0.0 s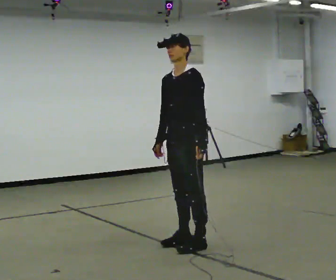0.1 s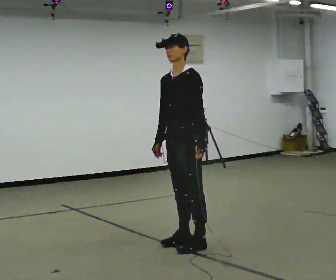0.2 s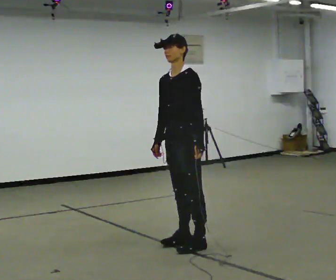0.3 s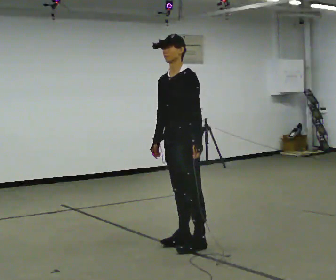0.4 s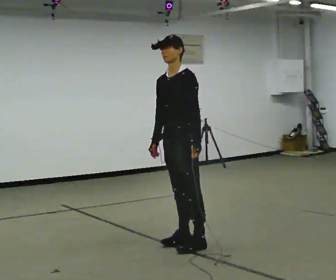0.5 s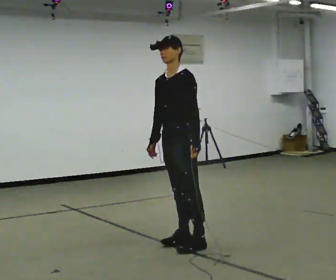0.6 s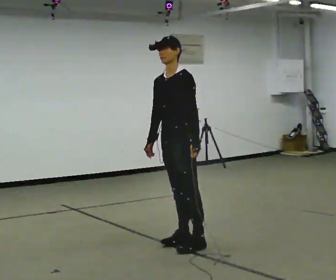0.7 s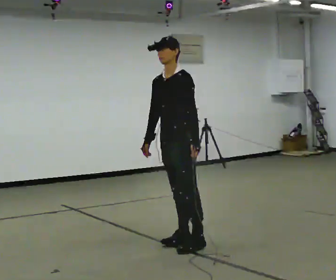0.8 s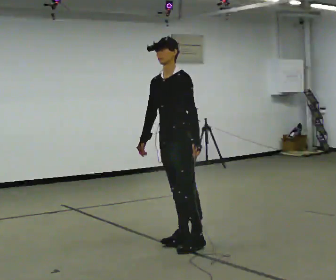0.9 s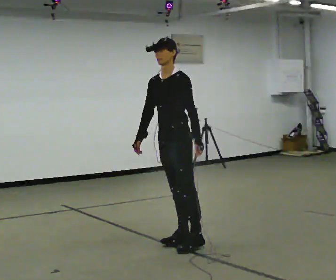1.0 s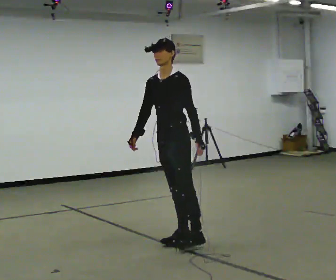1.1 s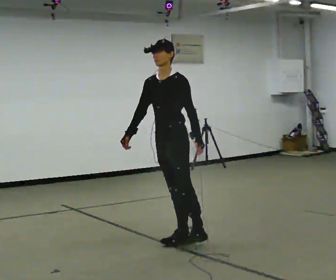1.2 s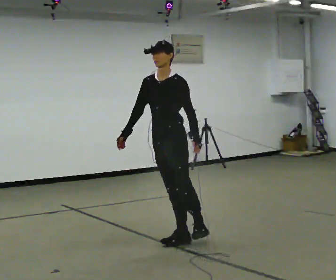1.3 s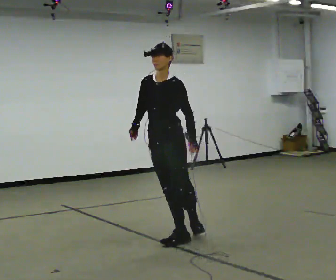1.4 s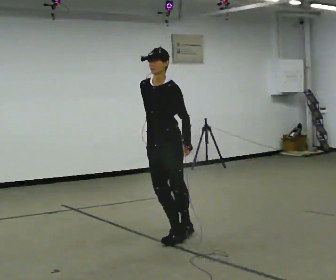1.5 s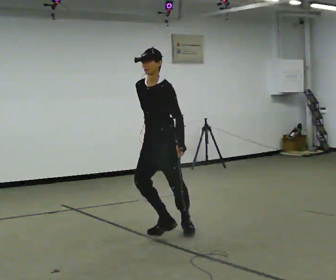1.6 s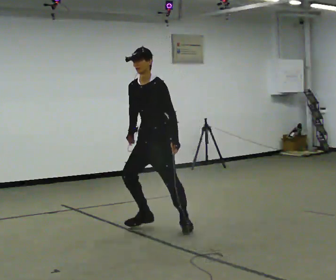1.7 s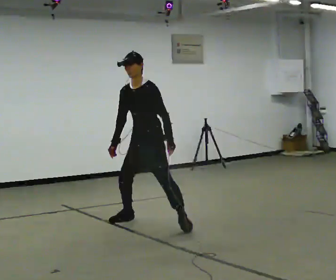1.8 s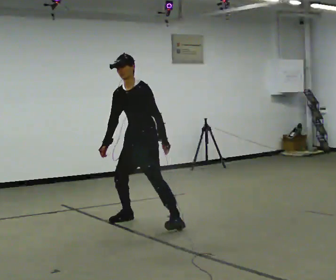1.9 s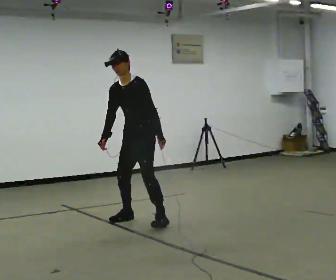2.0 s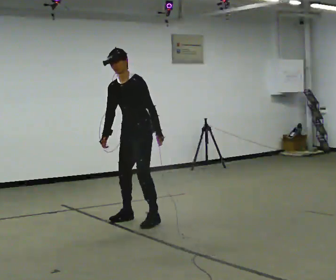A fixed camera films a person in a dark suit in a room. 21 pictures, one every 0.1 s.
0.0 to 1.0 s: In the picture they go away from the camera, about 0.25 m, which for them is to their right.
1.0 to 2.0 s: In the picture they go away from the camera and to the left, about 1 m in 2 steps, which for them is to their right and backward.
The film runs forward here.
